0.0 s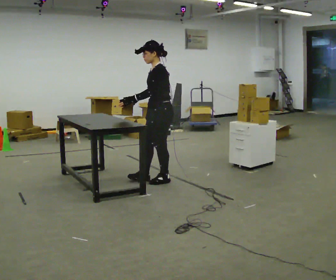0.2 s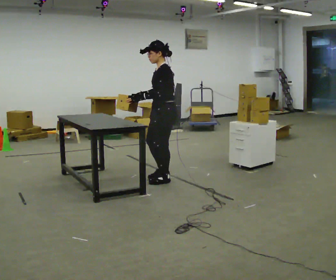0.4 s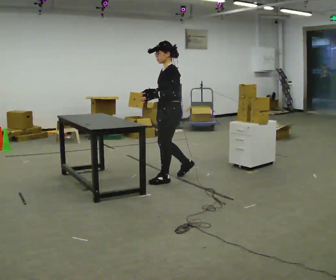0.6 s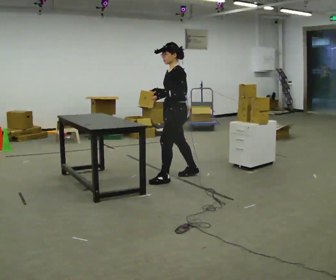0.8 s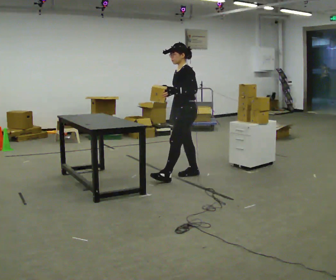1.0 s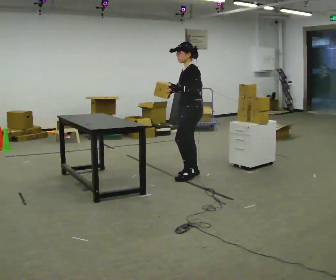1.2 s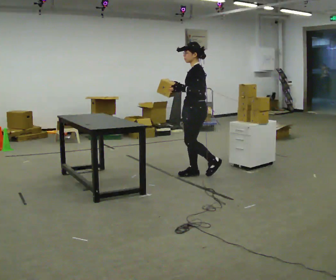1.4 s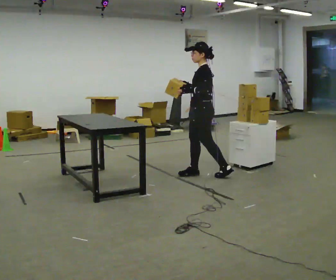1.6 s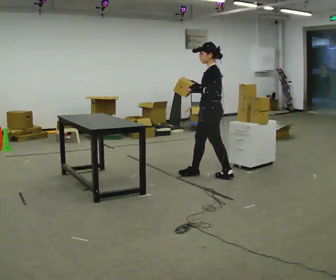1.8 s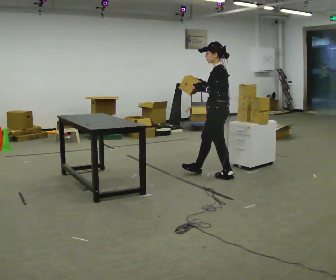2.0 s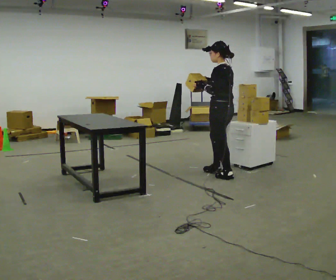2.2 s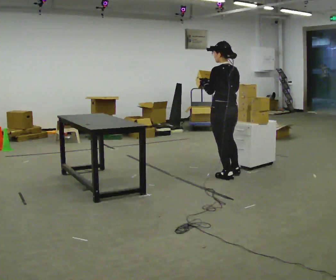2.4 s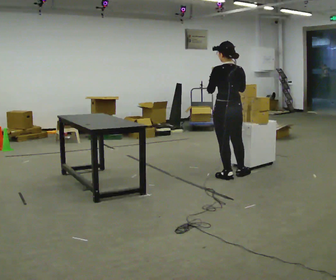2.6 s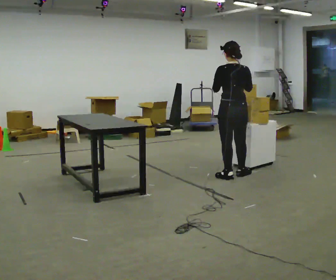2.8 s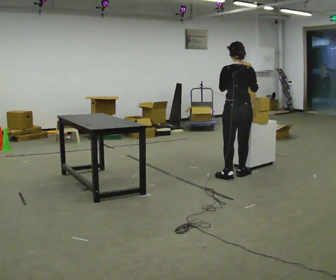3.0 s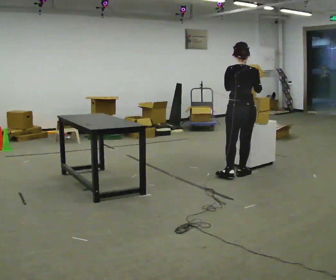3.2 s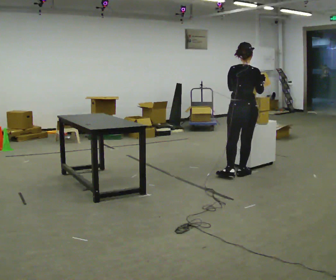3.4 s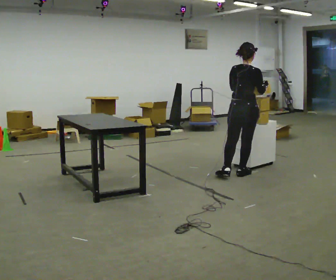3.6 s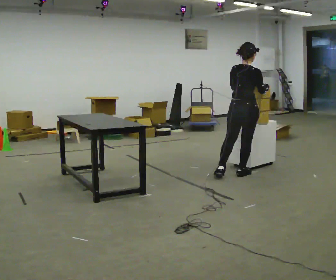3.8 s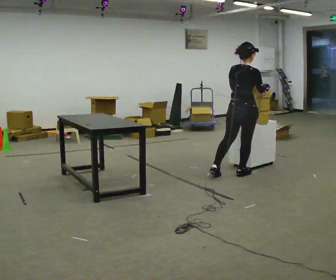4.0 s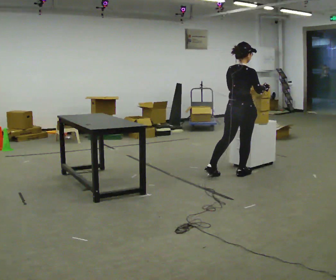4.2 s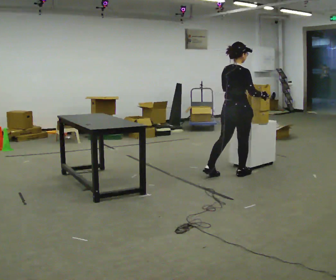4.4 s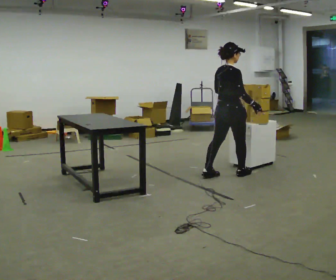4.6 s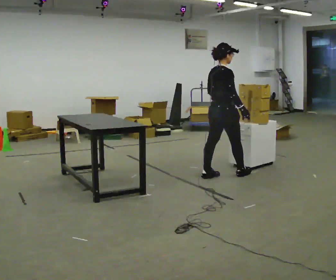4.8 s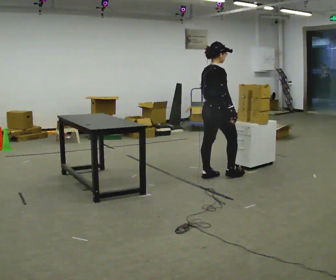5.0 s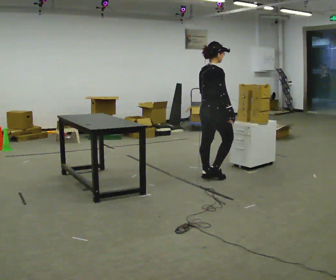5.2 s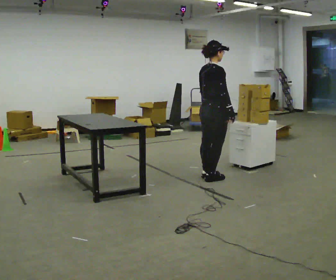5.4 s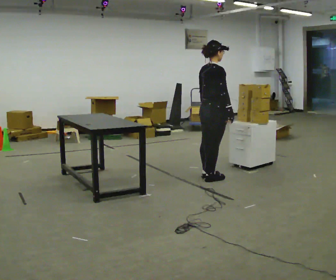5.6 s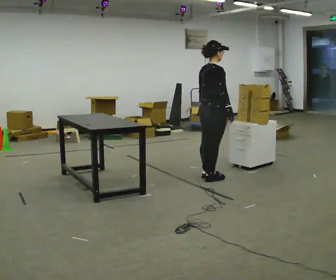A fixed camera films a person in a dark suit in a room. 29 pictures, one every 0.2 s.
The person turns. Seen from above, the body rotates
clockwise.
The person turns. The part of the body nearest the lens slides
to the left.
0.0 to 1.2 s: In the picture they go to the right and away from the camera, about 0.5 m in 1 step, which for them is backward.
1.2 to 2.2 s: Seen from above the body turns clockwise, about 60 degrees: to their right, with its near side sliding to the left. In the picture they go to the right, about 0.25 m in 1 step.
2.2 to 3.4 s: Seen from above the body turns clockwise, about 60 degrees: to their right, with its near side sliding to the left. In the picture they go to the right, about 0.25 m in 1 step. In the picture their left hand goes to the right.
3.4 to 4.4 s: The person turns about 30 degrees to their right, clockwise seen from above, so the part of the body nearest the lens slides to the left. In the picture they go to the left, about 0.25 m, which for them is to their left and backward.
4.4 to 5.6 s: In the picture they go to the left, about 0.25 m in 1 step, which for them is backward. In the picture their left hand goes to the left.
The film runs backward here.
